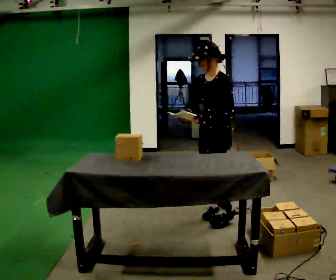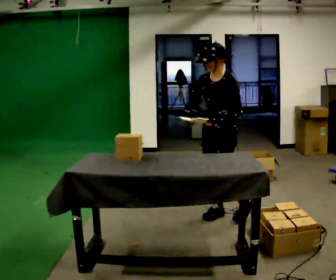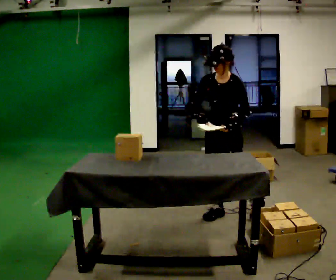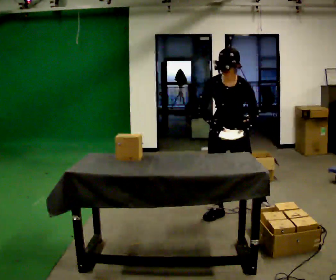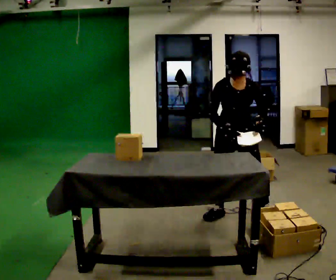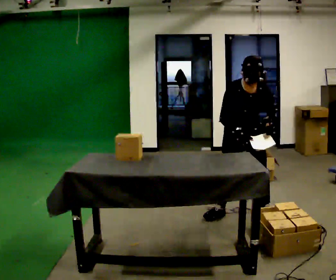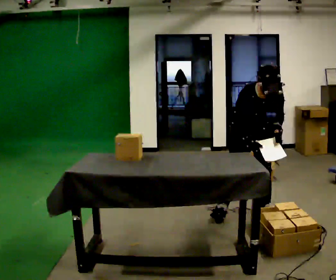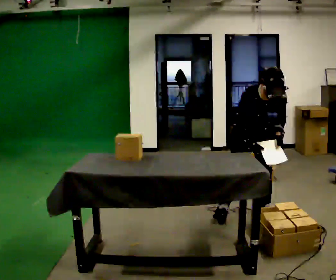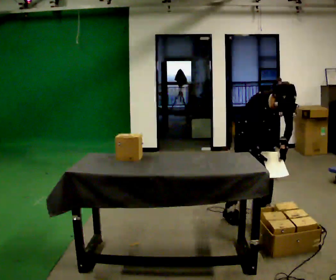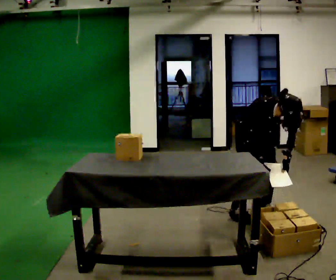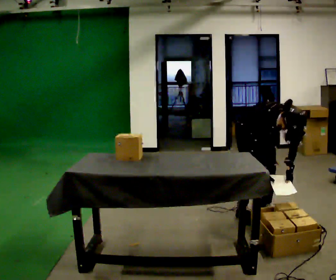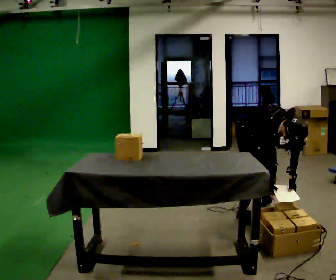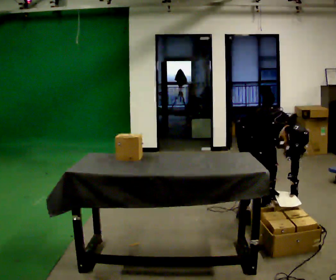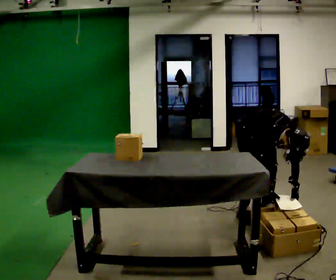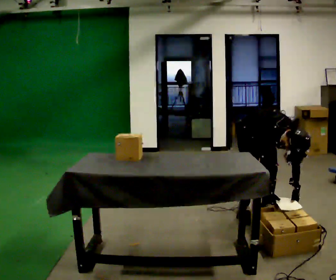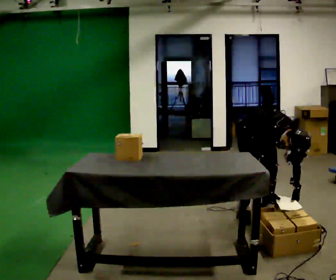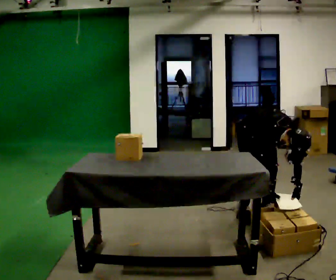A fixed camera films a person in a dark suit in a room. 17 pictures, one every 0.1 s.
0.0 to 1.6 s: Seen from above the body turns counterclockwise, about 90 degrees: to their left, with its near side sliding to the right. In the picture they go to the right, about 0.25 m in 1 step. The shoulders move downward. The upper body tips toward the camera, its near side rolling downward, as they bend forward. In the picture their left hand goes downward.
The film runs backward here.
